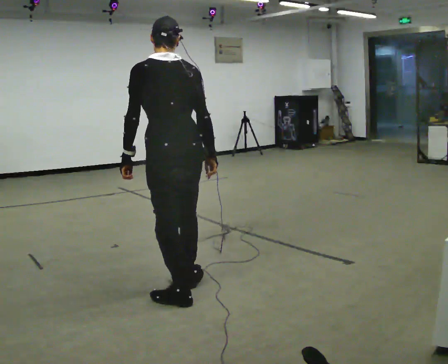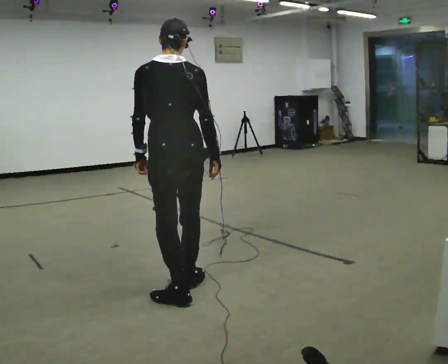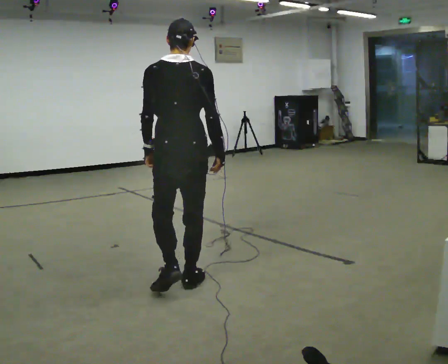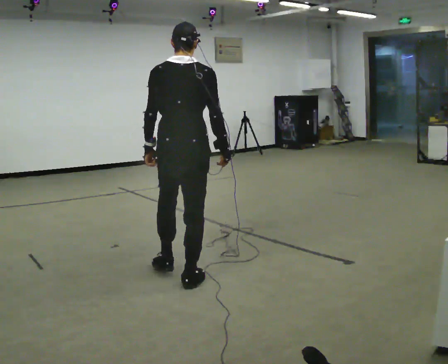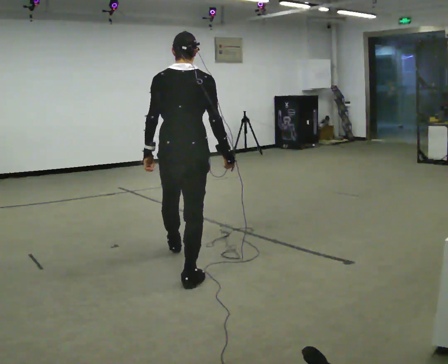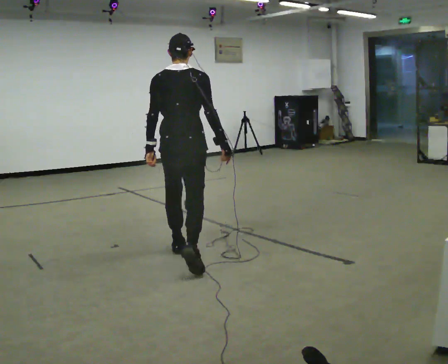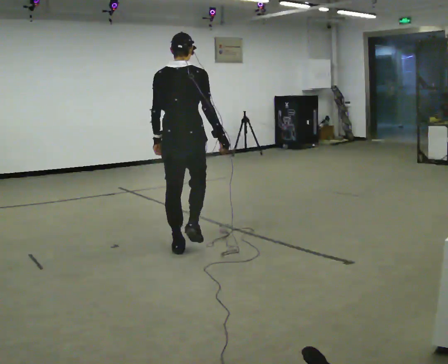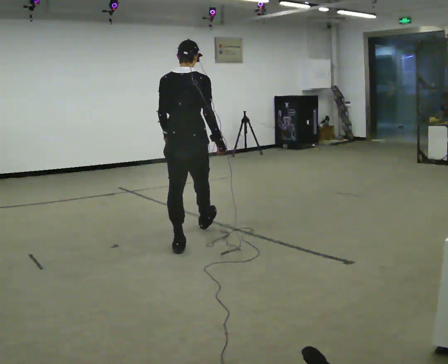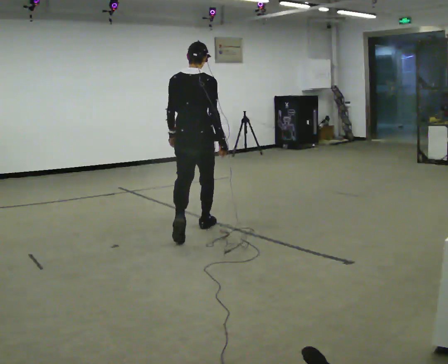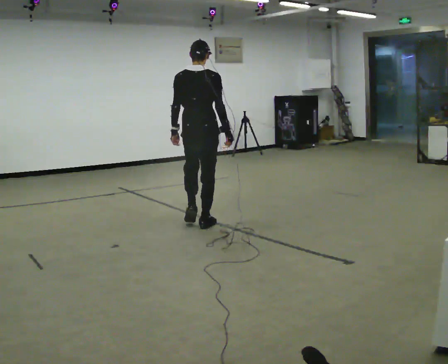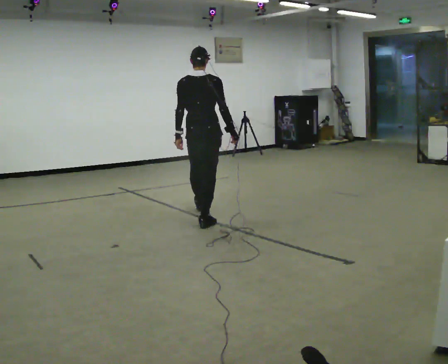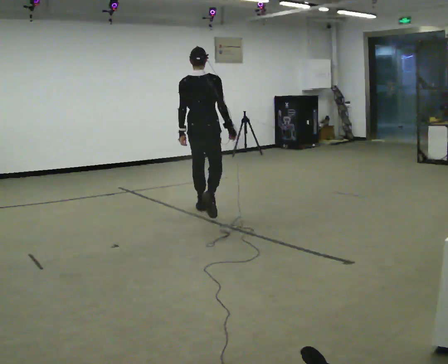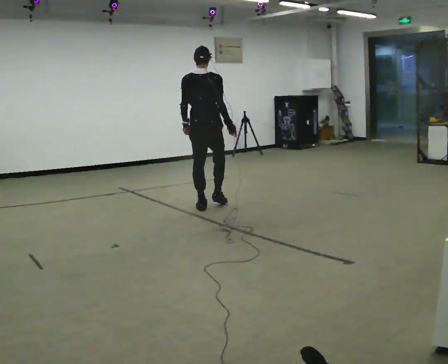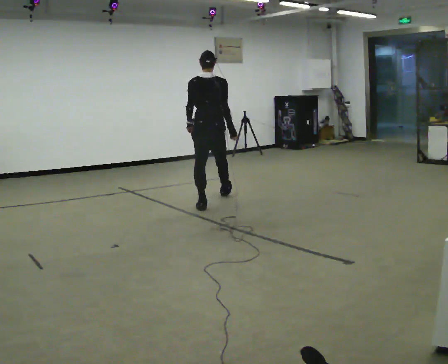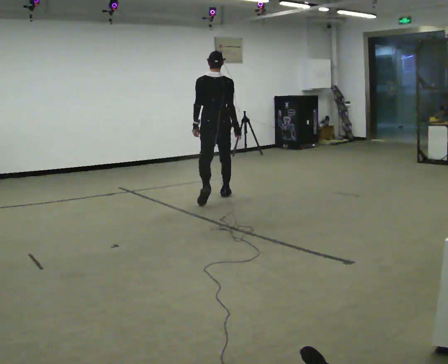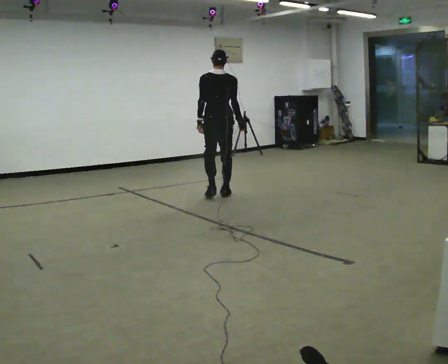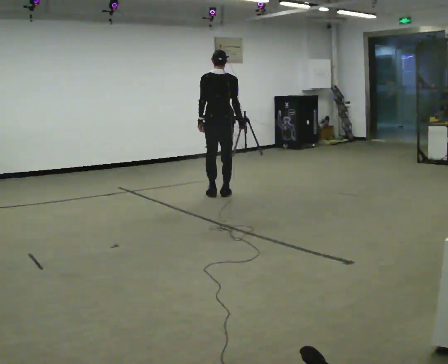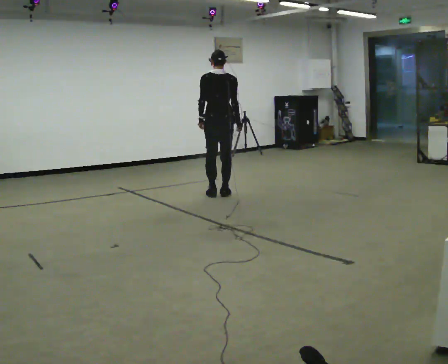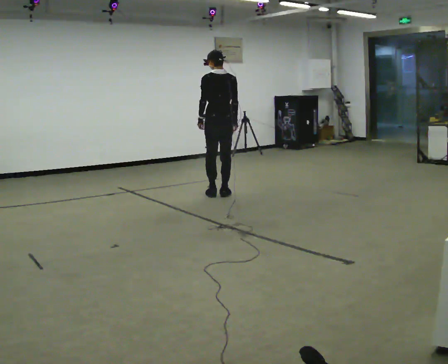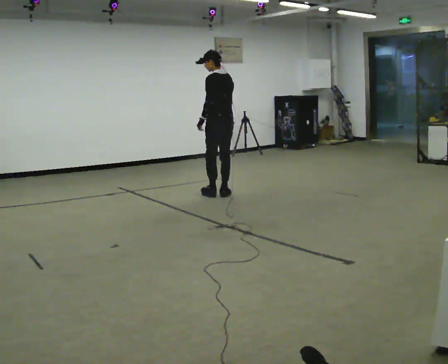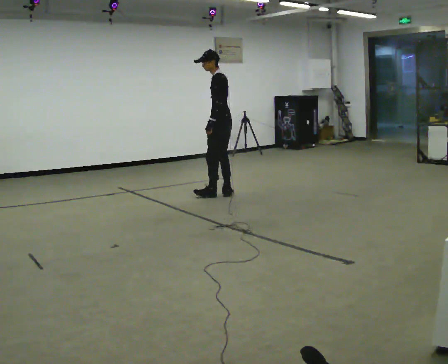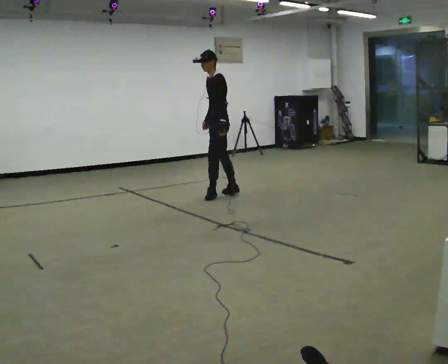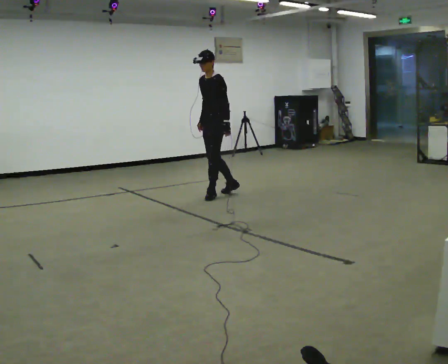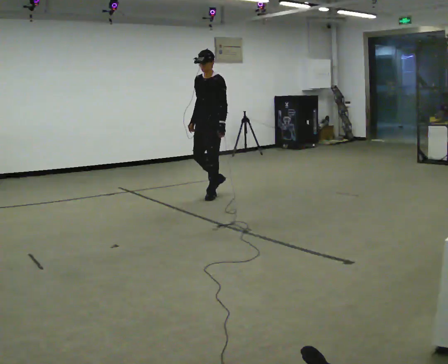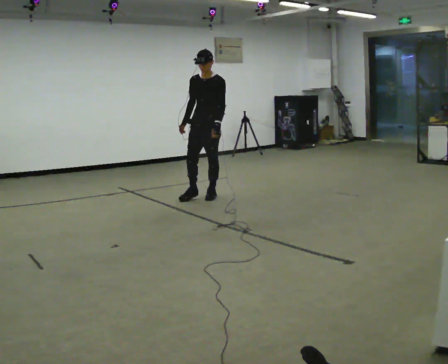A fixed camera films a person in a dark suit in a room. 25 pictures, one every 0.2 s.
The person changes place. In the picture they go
away from the camera.
0.0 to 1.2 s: The part of the body nearest the lens slides to the left as the person turns to their right by about 30 degrees. In the picture they go away from the camera, about 1 m in 1 step, which for them is forward.
1.2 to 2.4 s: In the picture they go away from the camera, about 1.5 m in 2 steps, which for them is forward.
2.4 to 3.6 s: In the picture they go away from the camera, about 0.75 m in 2 steps, which for them is forward.
3.6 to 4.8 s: The part of the body nearest the lens slides to the right as the person turns to their left by about 135 degrees. In the picture they go to the left, about 0.25 m in 1 step. The upper body tips toward the camera, its near side rolling downward. In the picture their right hand goes to the left, the arm swinging clockwise.
The film runs forward here.
